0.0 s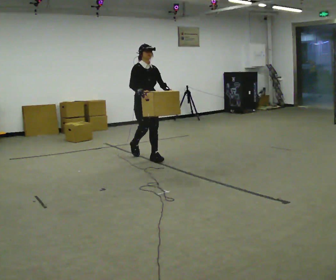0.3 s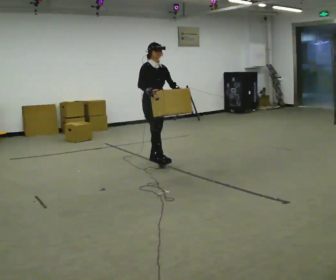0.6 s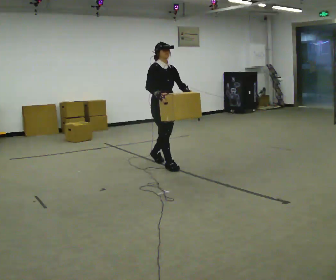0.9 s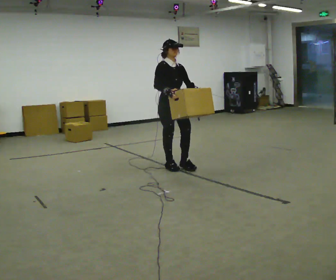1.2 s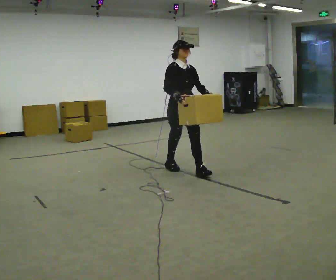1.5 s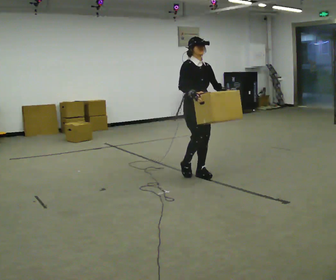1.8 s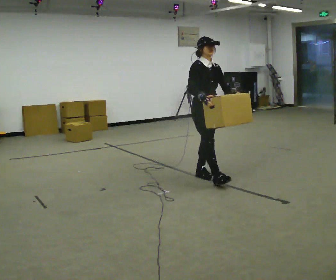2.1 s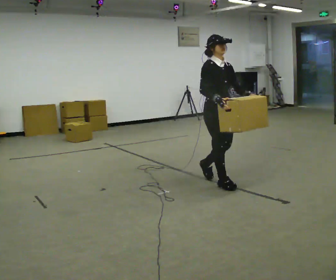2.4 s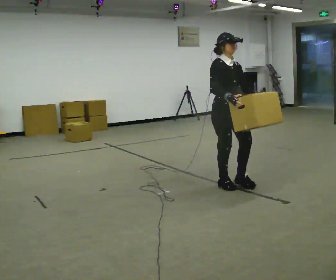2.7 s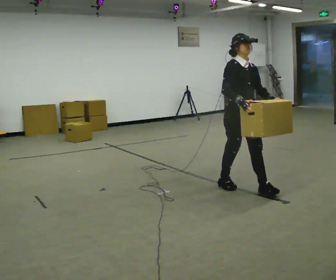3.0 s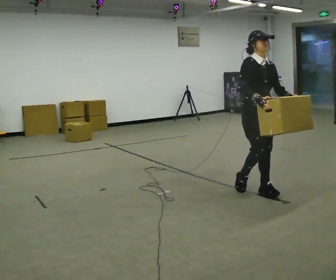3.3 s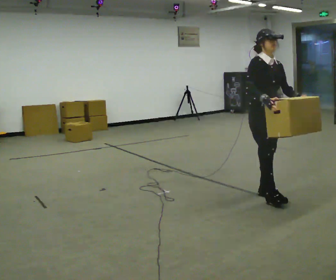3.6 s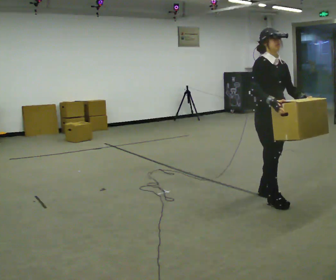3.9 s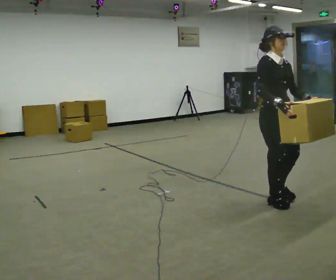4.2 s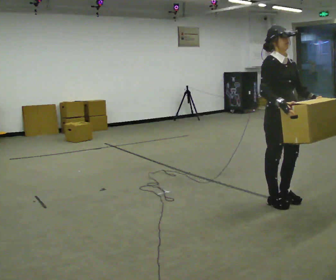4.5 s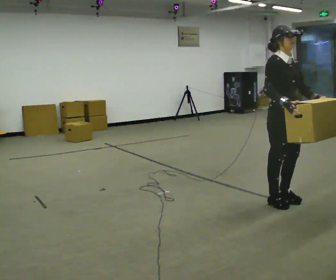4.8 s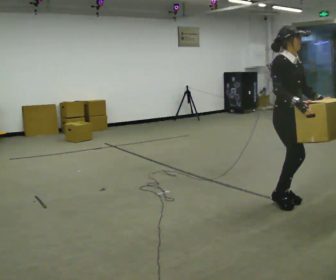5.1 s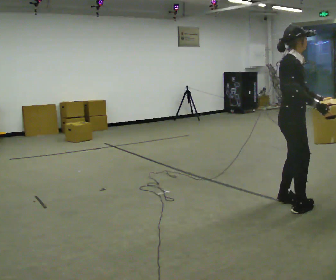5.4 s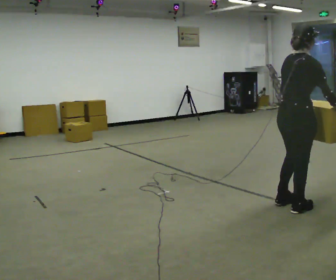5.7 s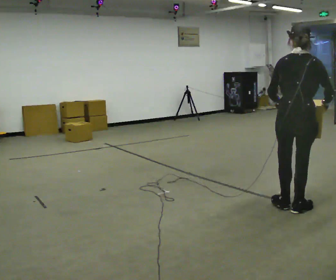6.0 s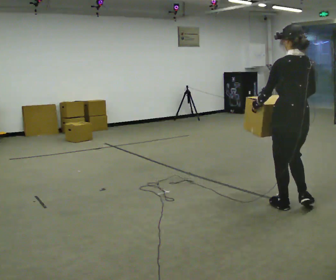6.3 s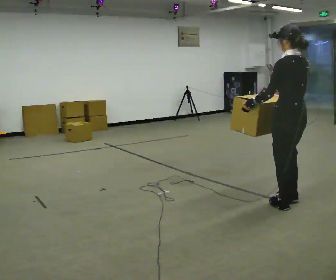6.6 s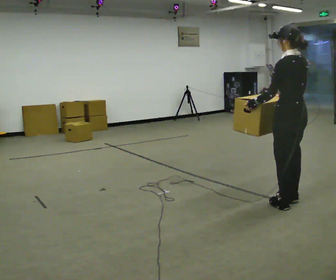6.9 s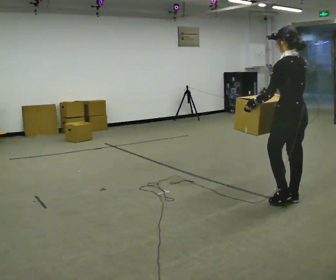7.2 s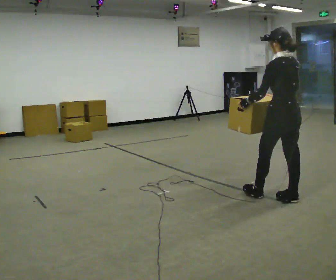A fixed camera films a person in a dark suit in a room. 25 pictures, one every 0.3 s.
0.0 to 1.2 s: In the picture they go to the right and toward the camera, about 1 m in 2 steps, which for them is forward.
1.2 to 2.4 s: In the picture they go to the right and toward the camera, about 1 m in 1 step, which for them is forward.
2.4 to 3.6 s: In the picture they go to the right and toward the camera, about 0.5 m in 2 steps, which for them is forward.
3.6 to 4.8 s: In the picture they go to the right, about 0.25 m in 1 step, which for them is forward.
4.8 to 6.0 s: The part of the body nearest the lens slides to the right as the person turns to their left by about 150 degrees. In the picture they go toward the camera, about 0.25 m in 2 steps.
6.0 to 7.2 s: In the picture they go away from the camera, about 0.25 m in 1 step, which for them is forward and to their right.
The film runs forward here.
